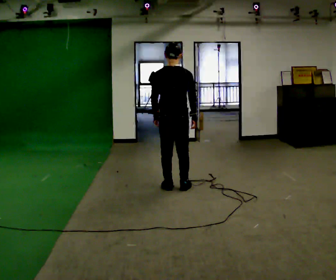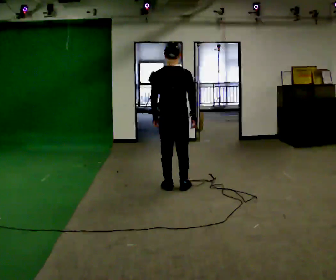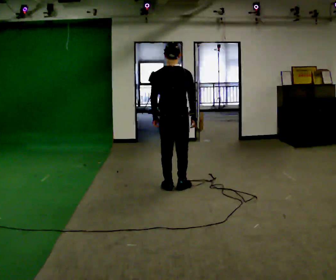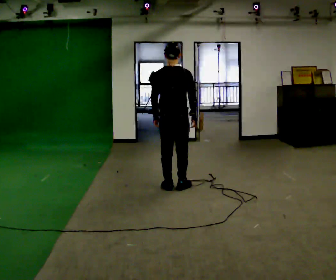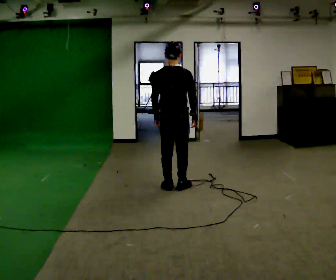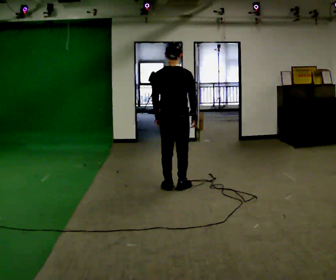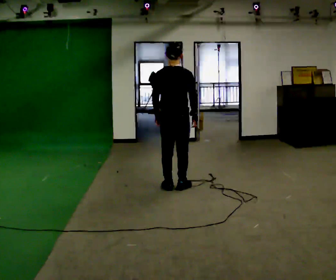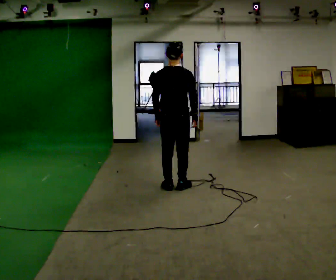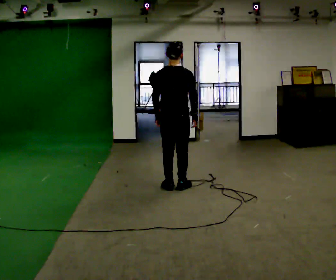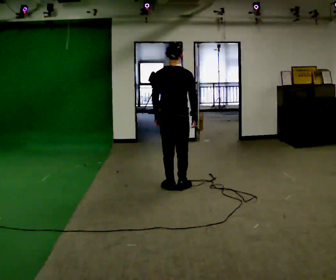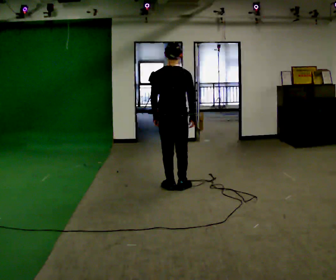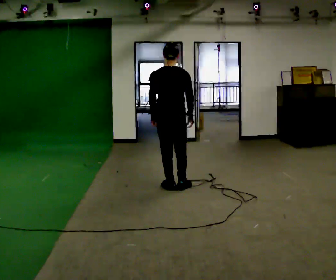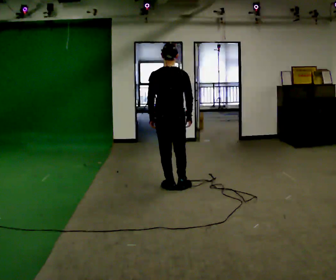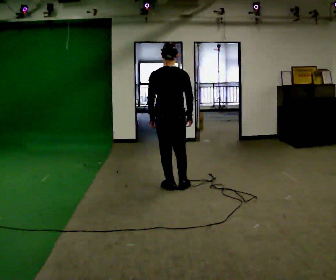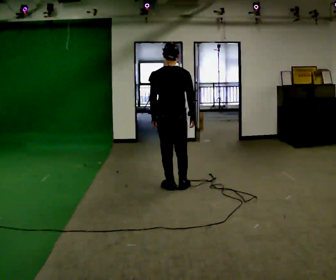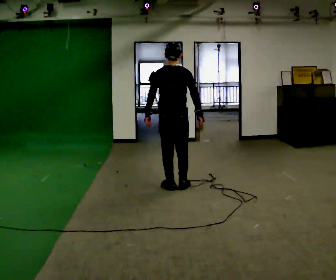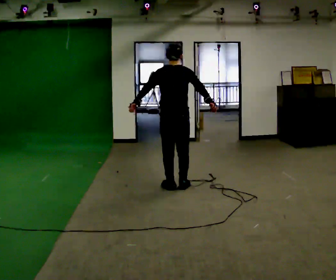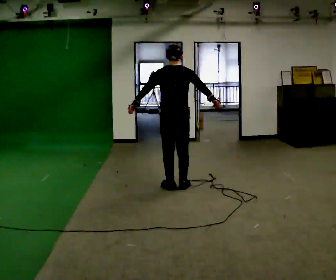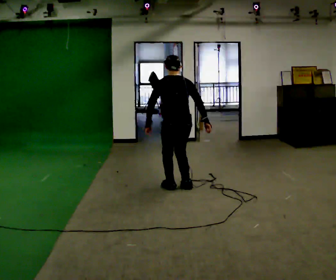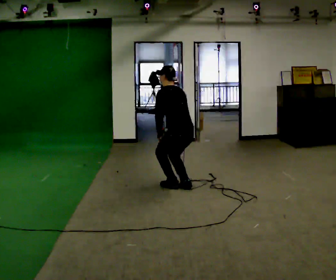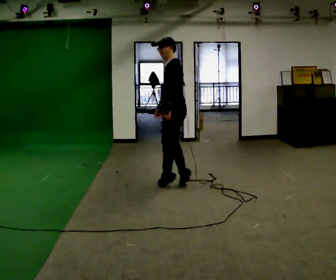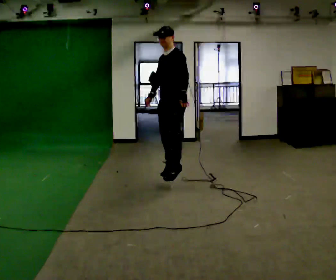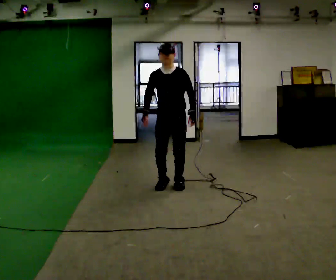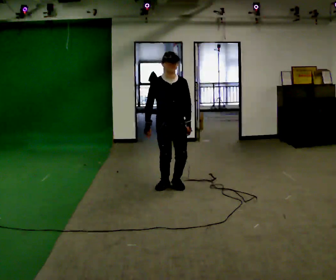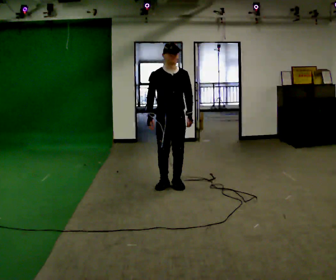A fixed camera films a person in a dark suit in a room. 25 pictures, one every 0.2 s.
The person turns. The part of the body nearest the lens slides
to the right.
The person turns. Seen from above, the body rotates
counterclockwise.
0.0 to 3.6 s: The upper body tips away from the camera, its near side rolling upward, as they bend forward.
3.6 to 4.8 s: Seen from above the body turns counterclockwise, about 180 degrees: to their left, with its near side sliding to the right. The upper body tips toward the camera, its near side rolling downward. In the picture their right hand goes to the left, the arm swinging clockwise.
The film runs forward here.
